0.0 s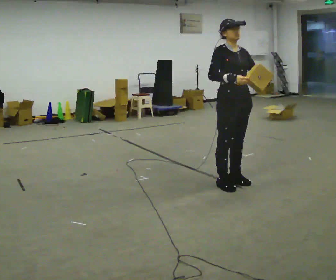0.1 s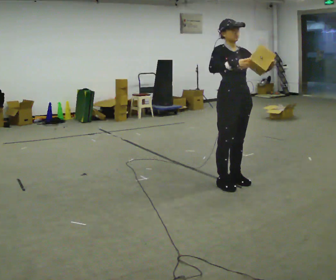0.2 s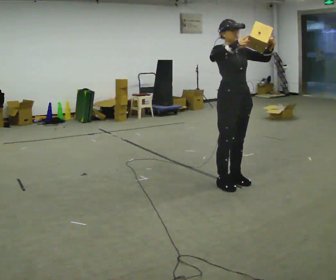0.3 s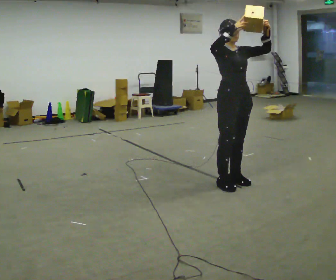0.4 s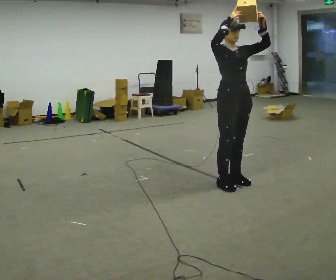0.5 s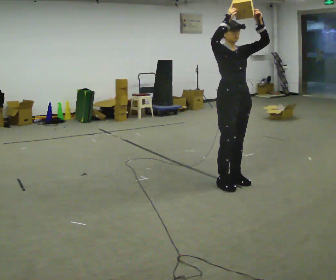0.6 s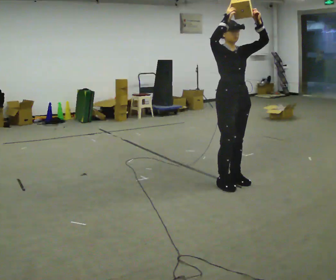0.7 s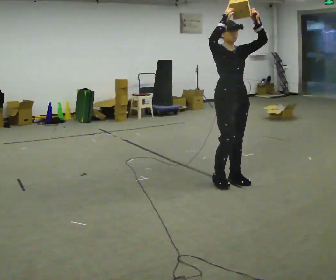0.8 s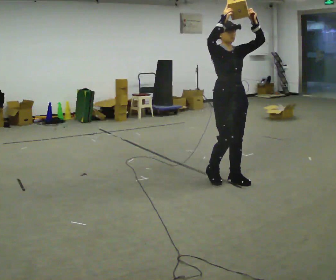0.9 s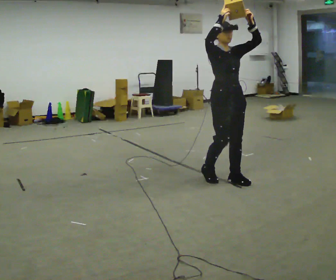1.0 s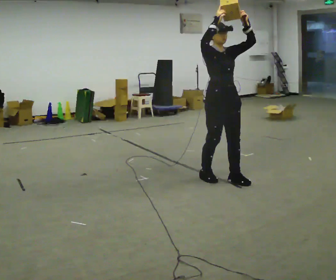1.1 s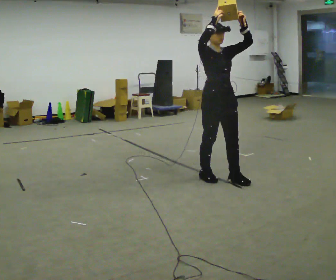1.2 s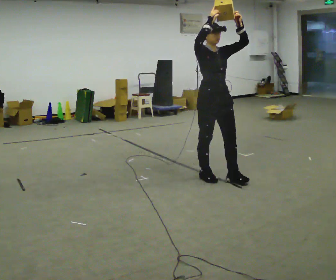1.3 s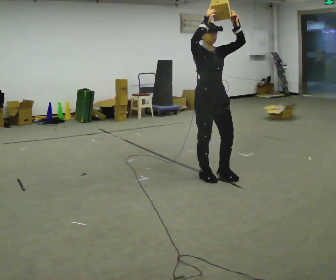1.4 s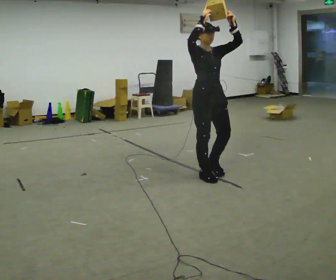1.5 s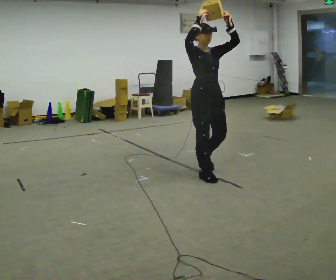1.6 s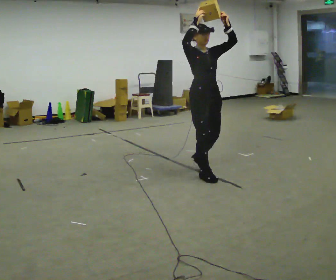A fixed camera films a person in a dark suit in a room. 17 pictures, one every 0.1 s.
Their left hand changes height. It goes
upward.
Their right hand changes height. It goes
upward.
0.0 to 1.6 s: In the picture they go to the left and away from the camera, about 0.5 m in 2 steps, which for them is backward. In the picture their left hand goes upward, the arm swinging counterclockwise.
The film runs backward here.
